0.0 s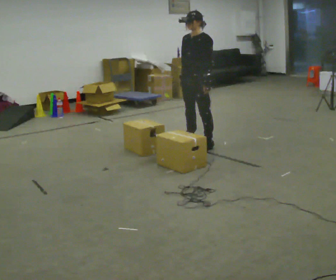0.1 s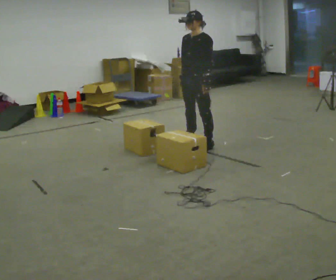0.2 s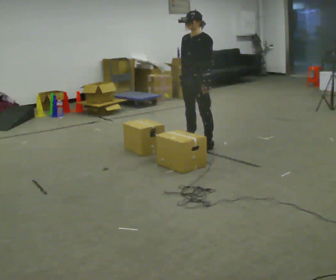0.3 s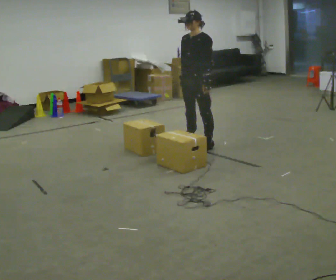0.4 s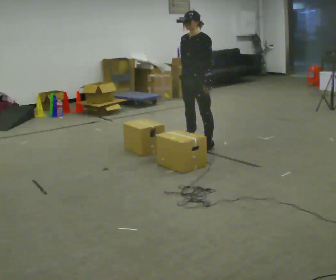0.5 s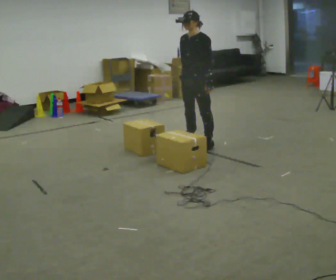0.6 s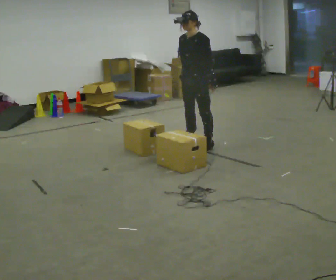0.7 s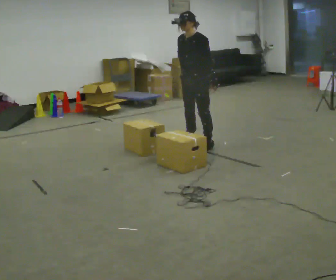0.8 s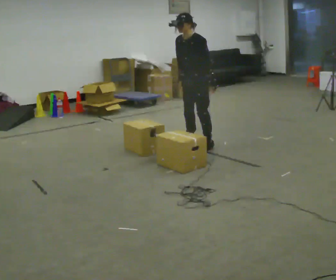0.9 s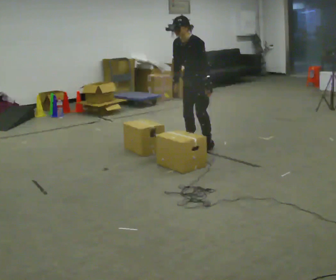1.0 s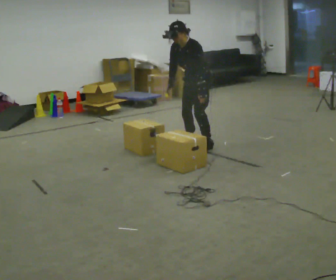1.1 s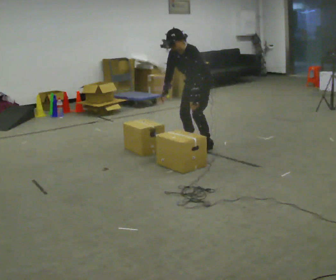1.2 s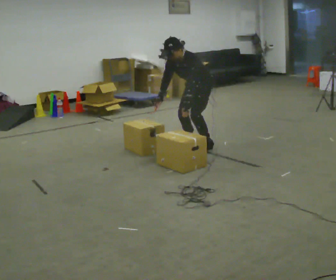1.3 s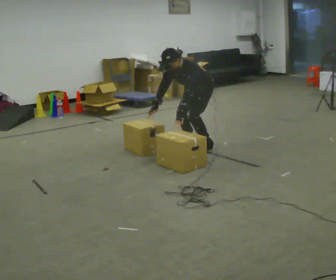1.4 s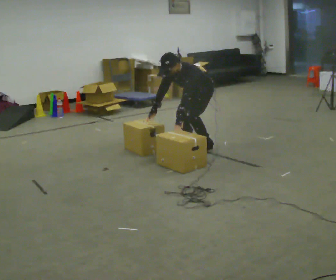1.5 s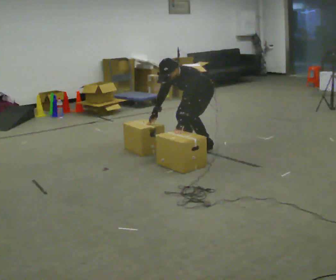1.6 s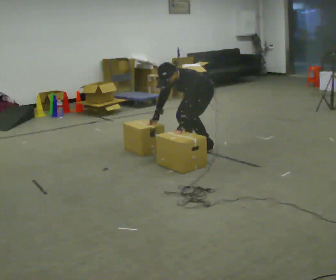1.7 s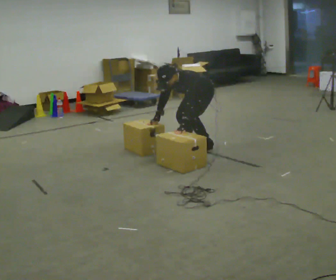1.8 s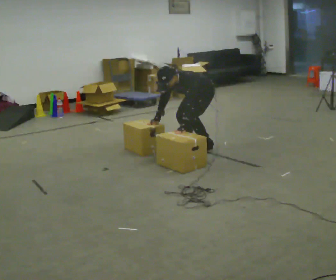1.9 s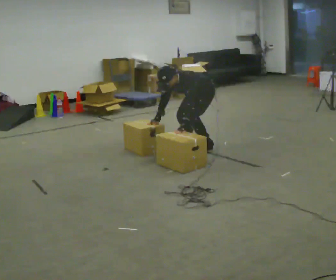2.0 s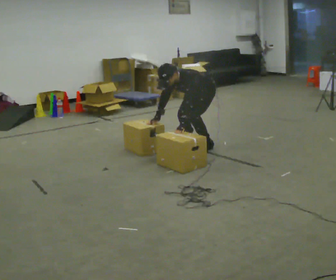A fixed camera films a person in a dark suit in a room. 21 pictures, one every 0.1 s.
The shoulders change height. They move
downward.
The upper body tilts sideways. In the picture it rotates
counterclockwise.
0.0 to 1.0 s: In the picture the upper body tilts counterclockwise, shoulders to the left, as they bend forward.
1.0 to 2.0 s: The shoulders move downward. In the picture the upper body tilts counterclockwise, shoulders to the left, as they bend forward. In the picture their left hand goes downward.
The film runs backward here.
